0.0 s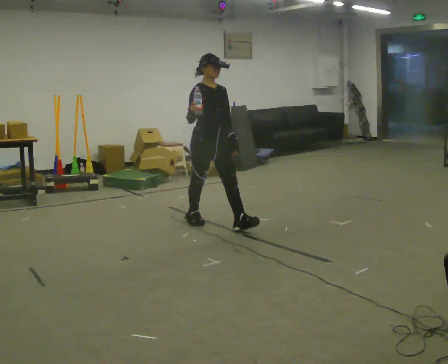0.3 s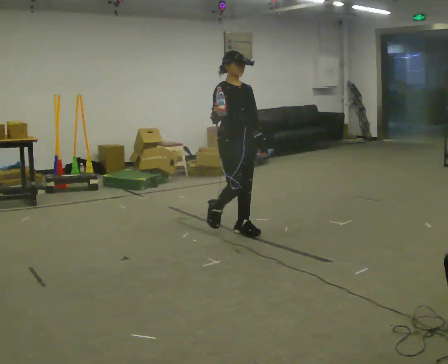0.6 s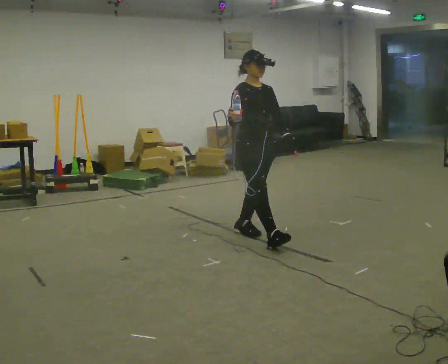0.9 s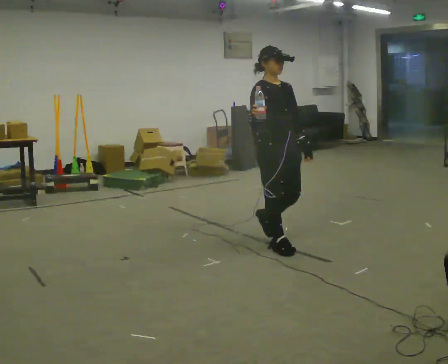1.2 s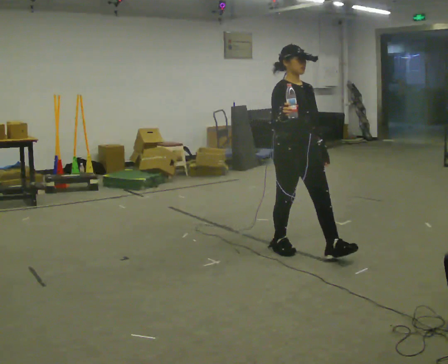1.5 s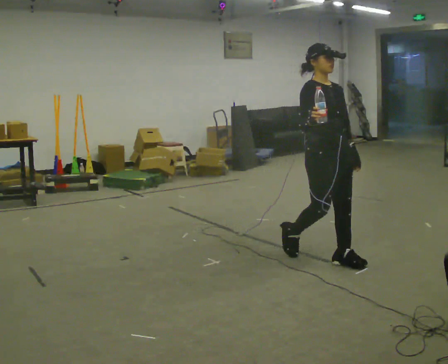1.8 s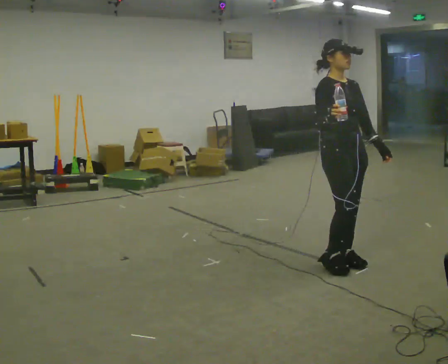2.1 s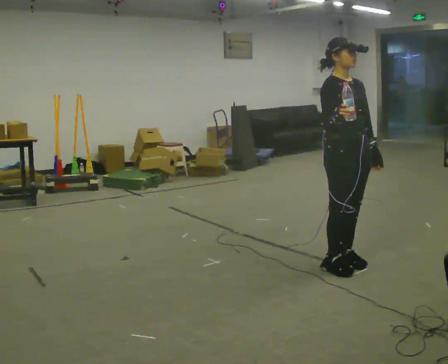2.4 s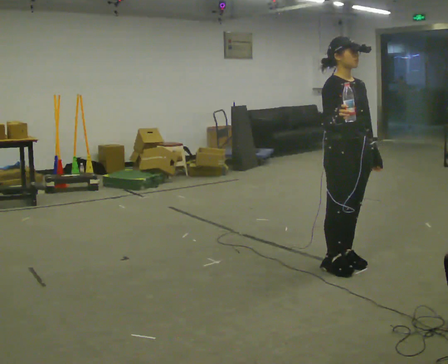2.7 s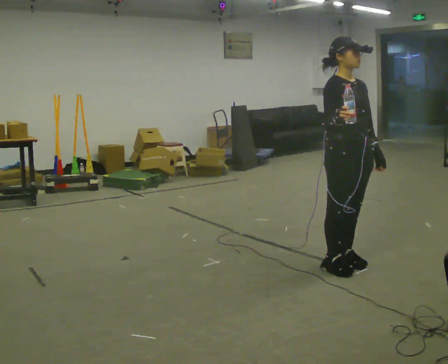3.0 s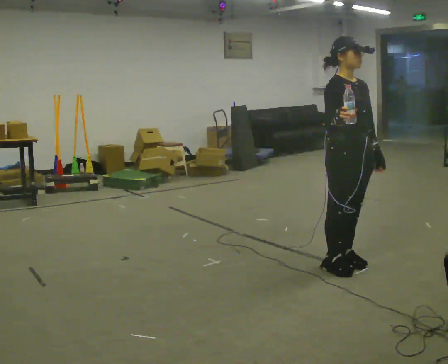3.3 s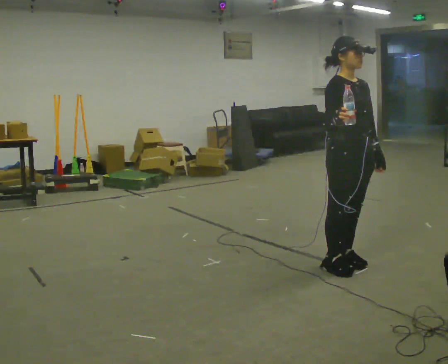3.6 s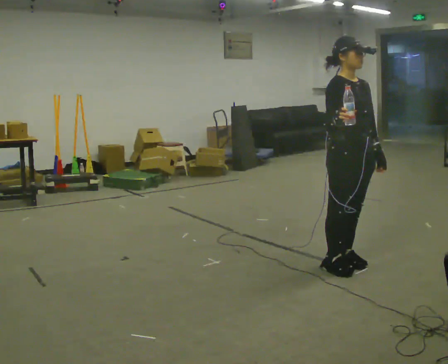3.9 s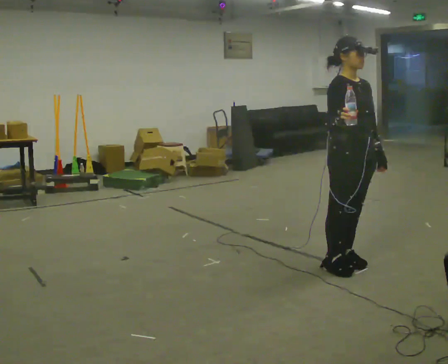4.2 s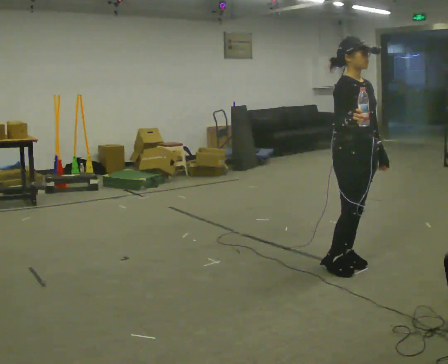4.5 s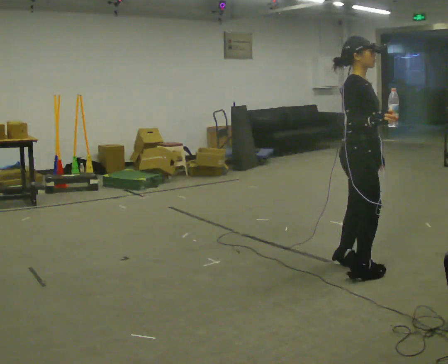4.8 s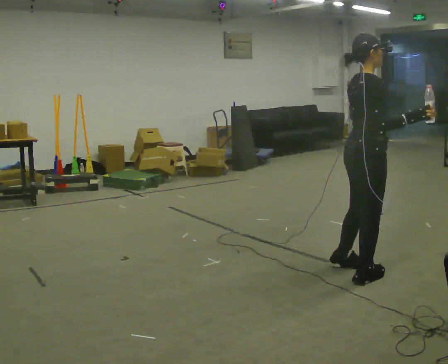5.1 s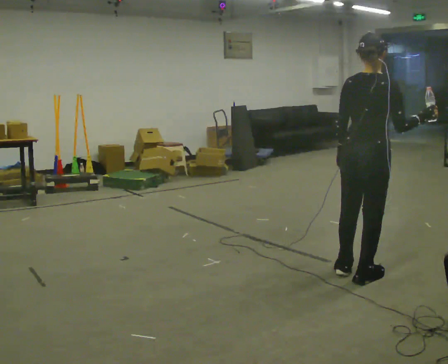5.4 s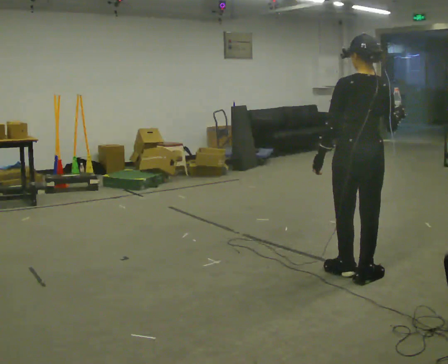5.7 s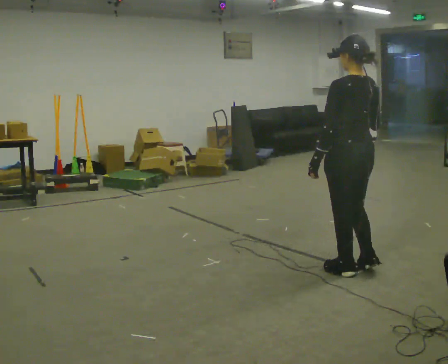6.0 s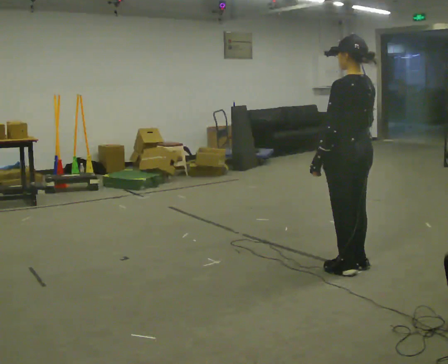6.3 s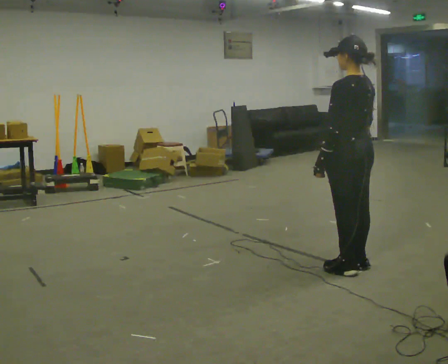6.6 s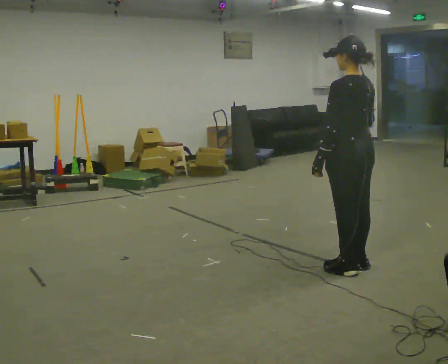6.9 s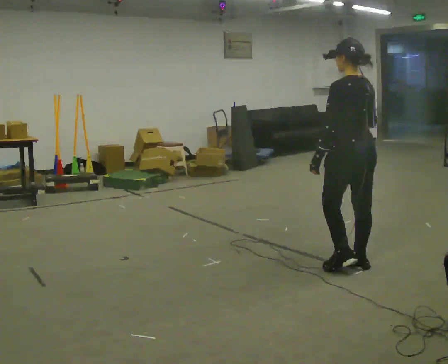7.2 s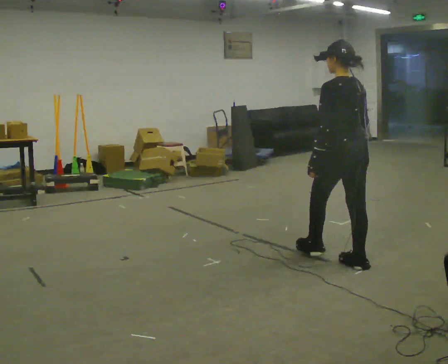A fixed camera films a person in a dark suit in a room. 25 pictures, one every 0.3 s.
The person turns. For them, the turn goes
to their left.
The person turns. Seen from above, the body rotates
counterclockwise.
0.0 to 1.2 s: In the picture they go to the right and toward the camera, about 1 m in 2 steps, which for them is forward.
1.2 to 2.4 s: In the picture they go to the right and toward the camera, about 0.5 m in 2 steps, which for them is forward.
2.4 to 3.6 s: The person moves a little, or ends about where they began.
3.6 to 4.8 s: Seen from above the body turns counterclockwise, about 75 degrees: to their left, with its near side sliding to the right. In the picture their right hand goes to the right.
4.8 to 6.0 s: The part of the body nearest the lens slides to the right as the person turns to their left by about 105 degrees. In the picture their right hand goes to the left.
6.0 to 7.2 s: The person moves a little, or ends about where they began.
The film runs forward here.
